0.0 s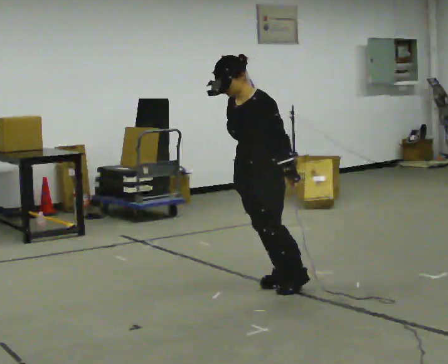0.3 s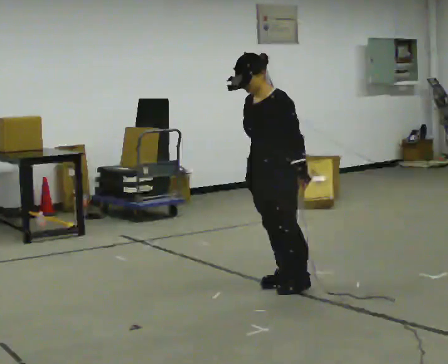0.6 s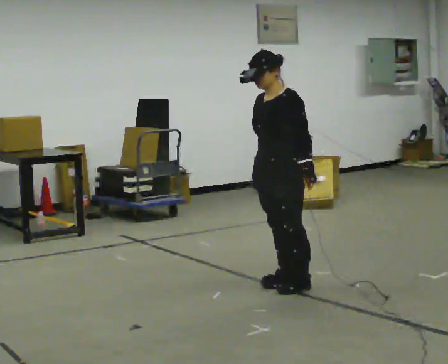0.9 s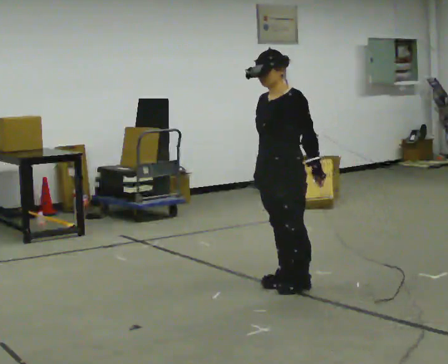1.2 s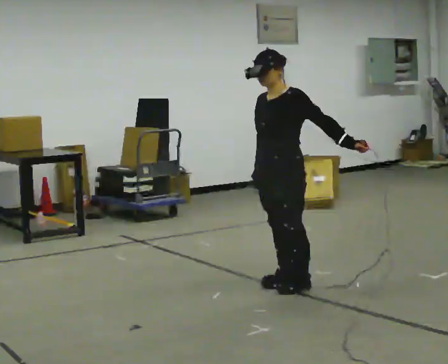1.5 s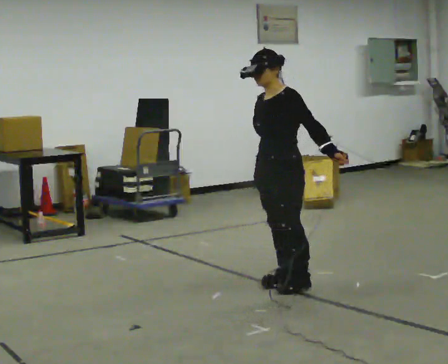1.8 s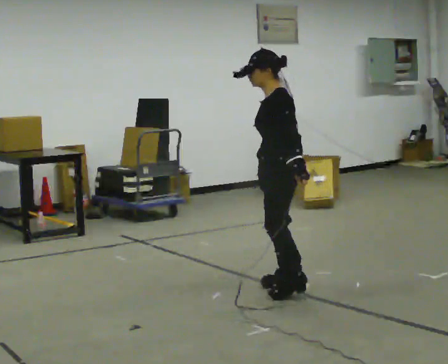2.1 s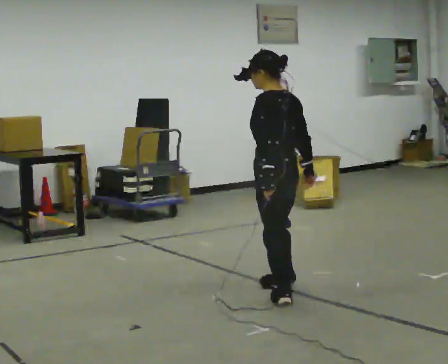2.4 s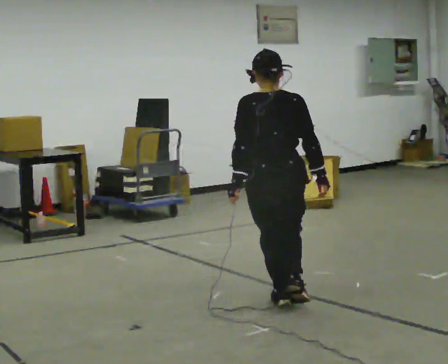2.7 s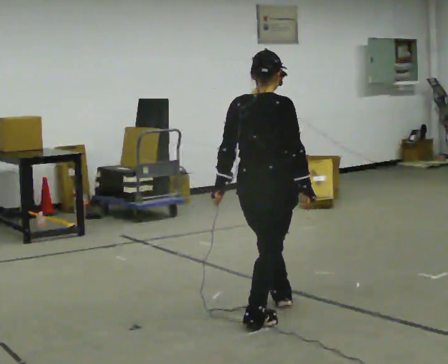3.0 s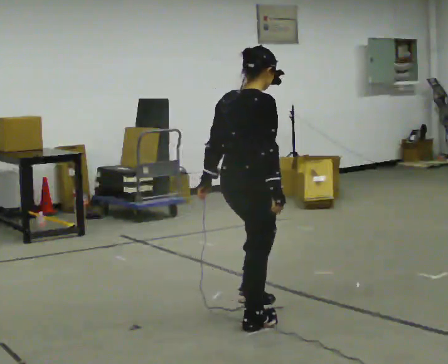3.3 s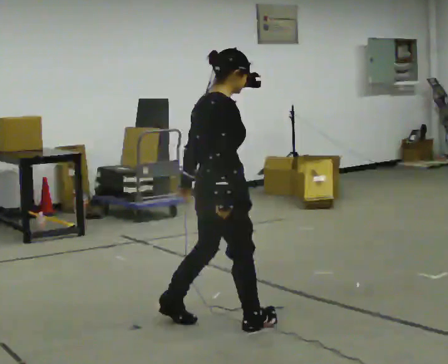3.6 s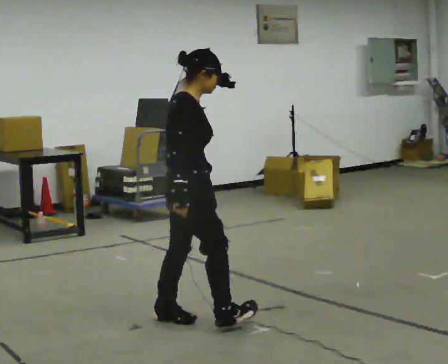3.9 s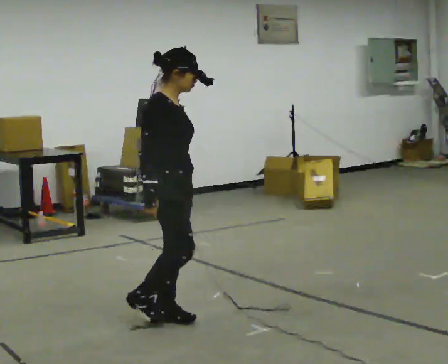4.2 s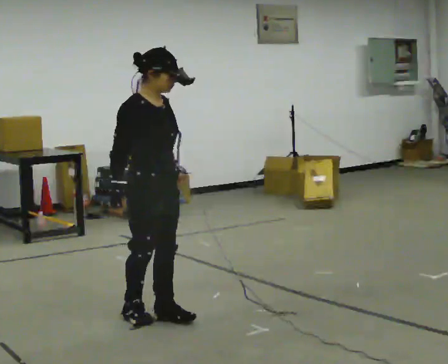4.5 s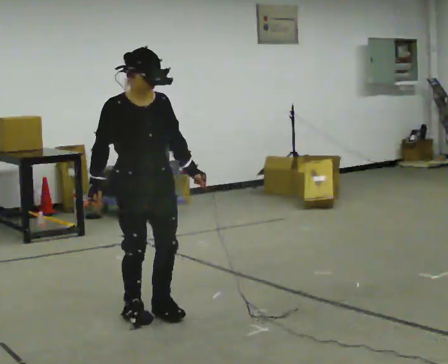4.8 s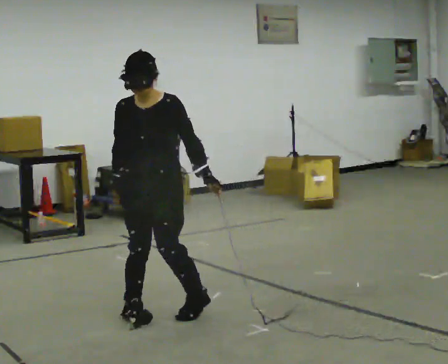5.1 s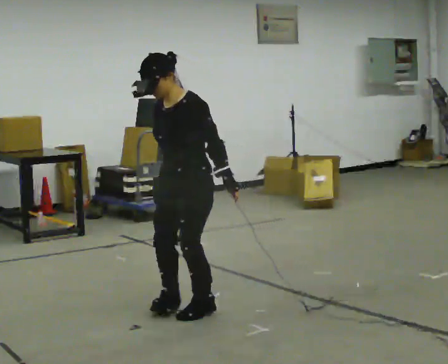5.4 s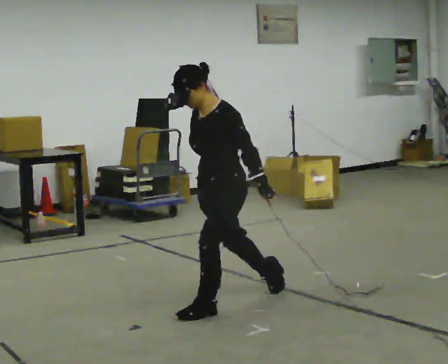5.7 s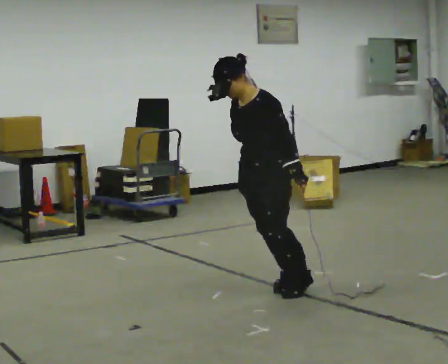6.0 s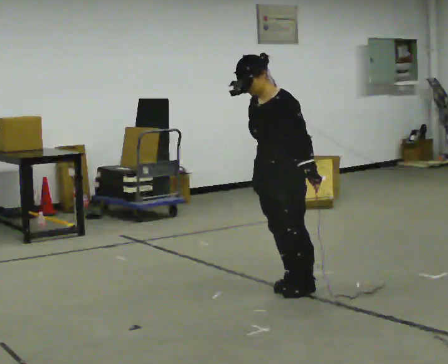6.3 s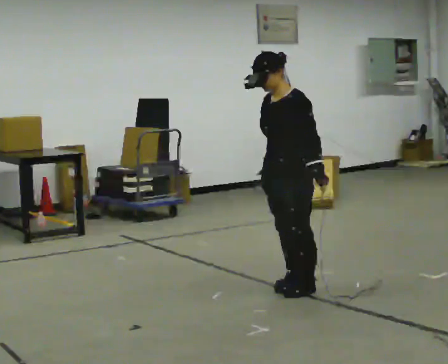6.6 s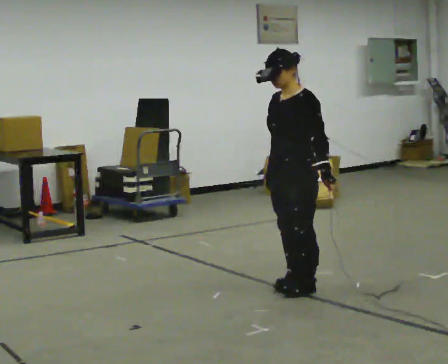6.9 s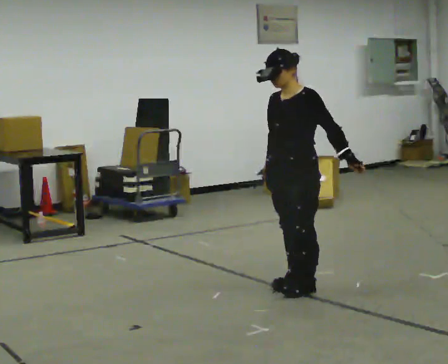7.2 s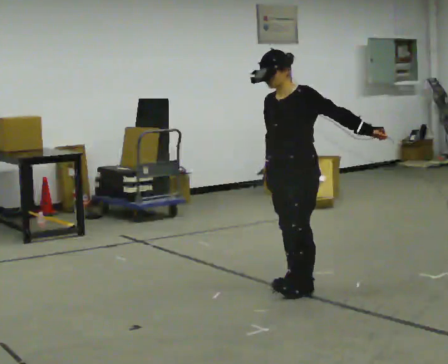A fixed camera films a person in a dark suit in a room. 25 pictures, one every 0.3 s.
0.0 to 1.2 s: In the picture their left hand goes to the right.
1.2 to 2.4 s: The part of the body nearest the lens slides to the left as the person turns to their right by about 135 degrees. In the picture they go toward the camera, about 0.5 m in 2 steps.
2.4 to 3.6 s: The part of the body nearest the lens slides to the left as the person turns to their right by about 75 degrees. In the picture they go to the left and toward the camera, about 0.5 m in 2 steps.
3.6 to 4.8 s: Seen from above the body turns clockwise, about 105 degrees: to their right, with its near side sliding to the left. In the picture they go to the left and away from the camera, about 0.25 m in 1 step.
4.8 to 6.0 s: Seen from above the body turns clockwise, about 45 degrees: to their right, with its near side sliding to the left. In the picture they go to the right and away from the camera, about 1 m in 2 steps, which for them is backward.
6.0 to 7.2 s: In the picture their left hand goes to the right.
The film runs backward here.
